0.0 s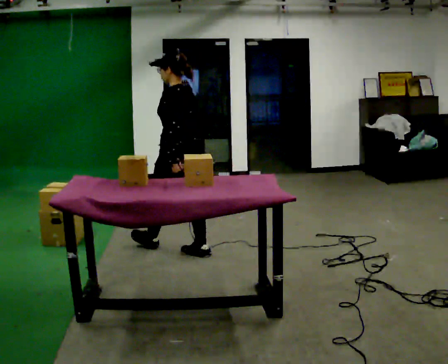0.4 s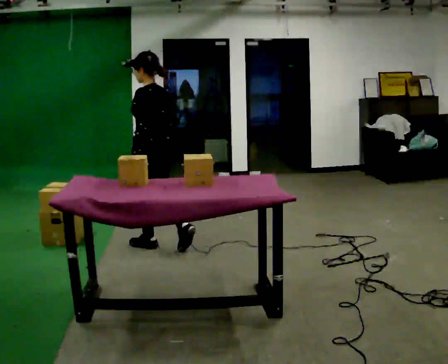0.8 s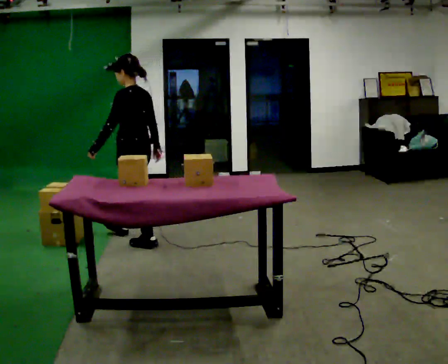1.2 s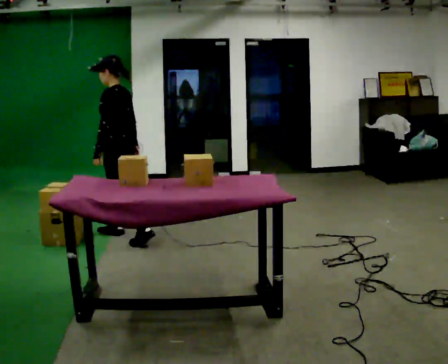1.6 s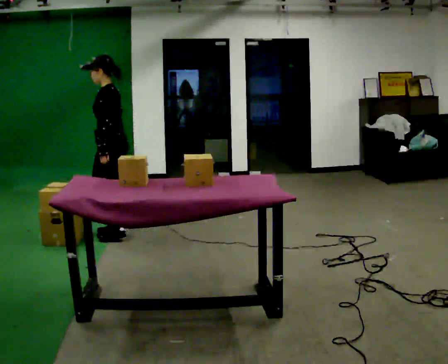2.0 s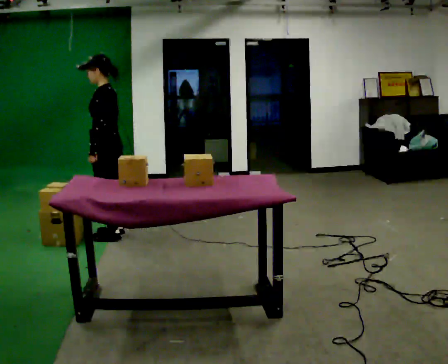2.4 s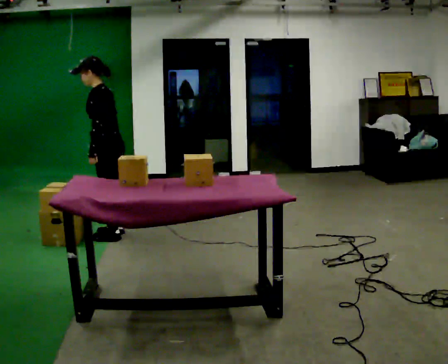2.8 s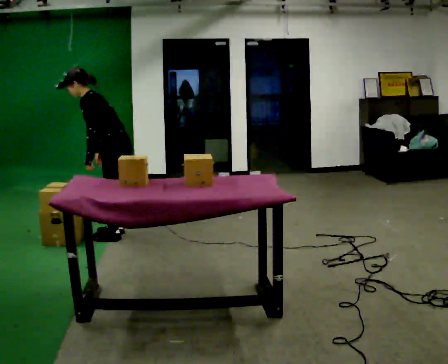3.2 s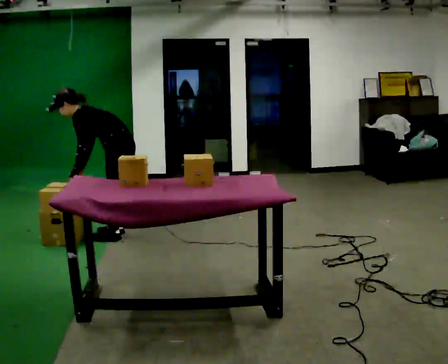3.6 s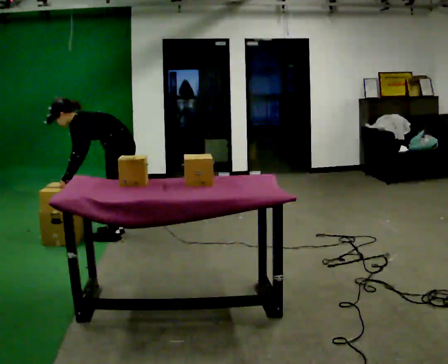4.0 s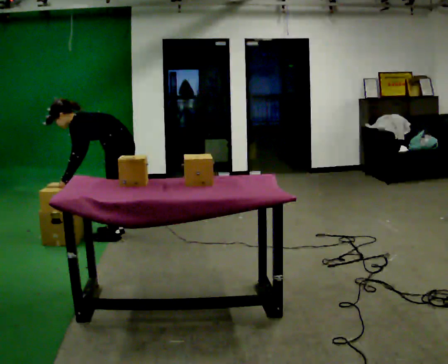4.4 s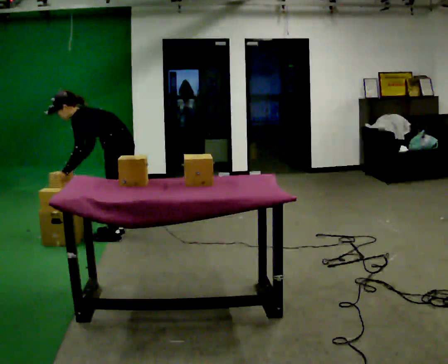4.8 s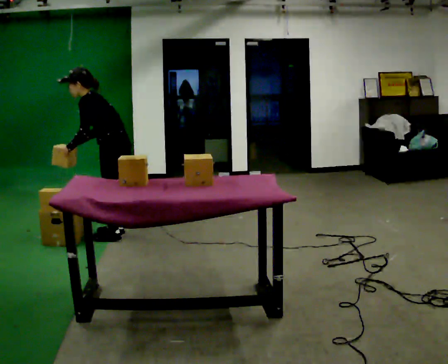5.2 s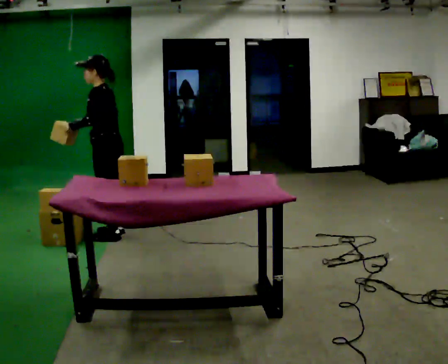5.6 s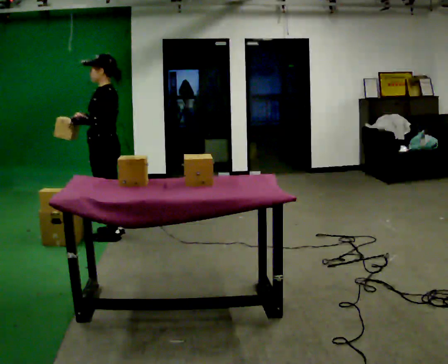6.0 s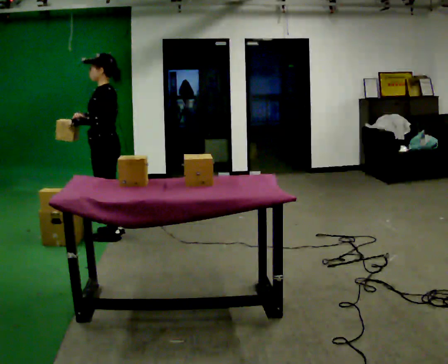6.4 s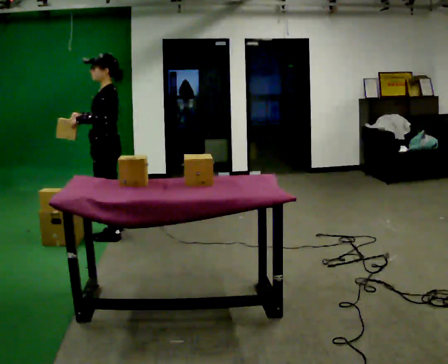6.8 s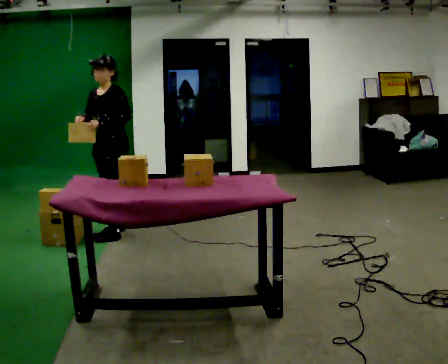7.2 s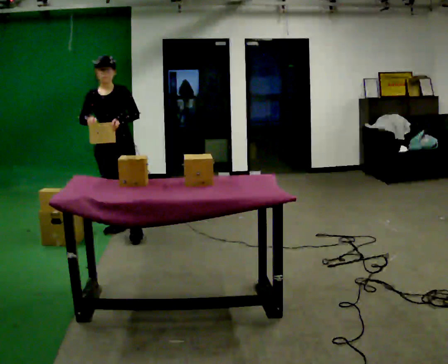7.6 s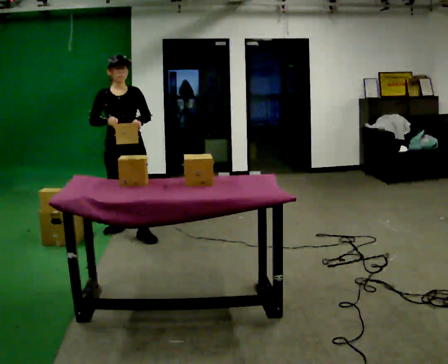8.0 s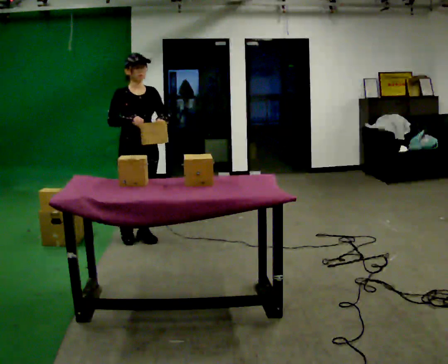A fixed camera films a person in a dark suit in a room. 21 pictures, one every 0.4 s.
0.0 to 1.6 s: The part of the body nearest the lens slides to the right as the person turns to their left by about 30 degrees. In the picture they go away from the camera and to the left, about 0.5 m in 1 step, which for them is forward.
1.6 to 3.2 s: The upper body goes downward. In the picture the upper body tilts counterclockwise, shoulders to the left, as they bend forward. In the picture their right hand goes to the left.
3.2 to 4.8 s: The person moves a little, or ends about where they began.
4.8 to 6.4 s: In the picture the upper body tilts clockwise, shoulders to the right, as they lean back or straighten.
6.4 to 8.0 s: The person turns about 105 degrees to their left, counterclockwise seen from above, so the part of the body nearest the lens slides to the right. In the picture they go to the right and toward the camera, about 0.25 m in 1 step.
The film runs forward here.
